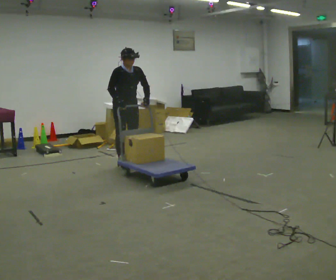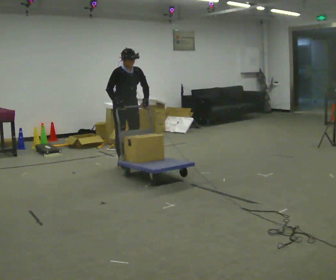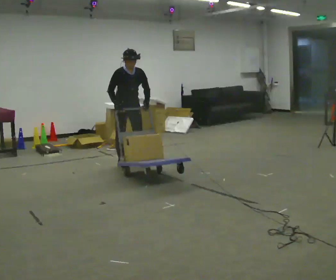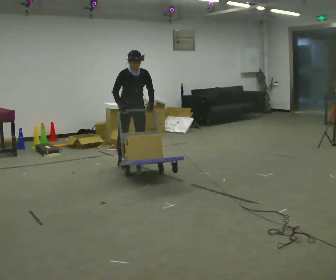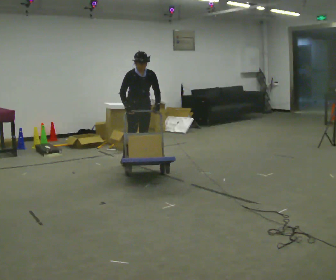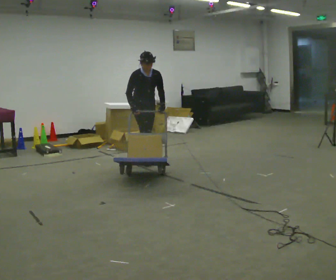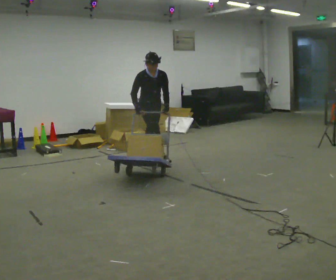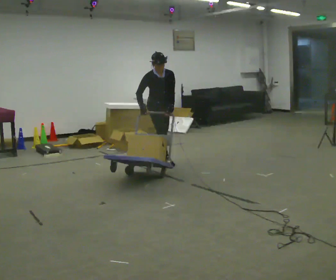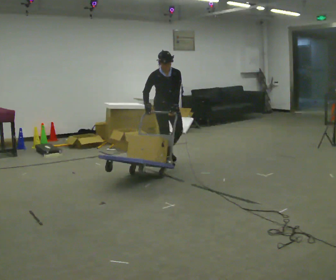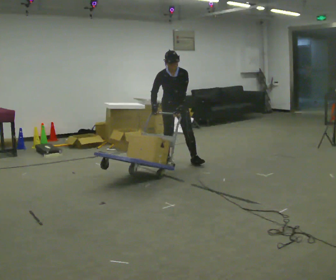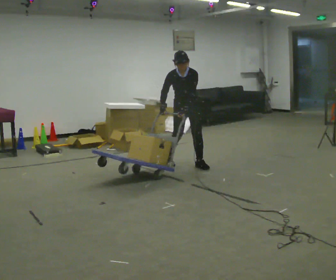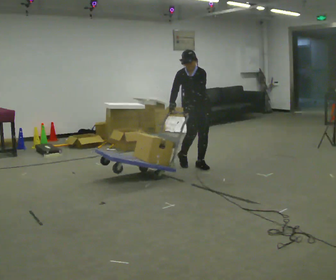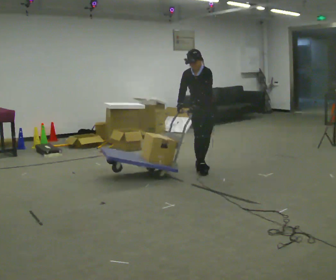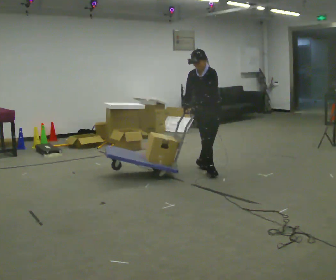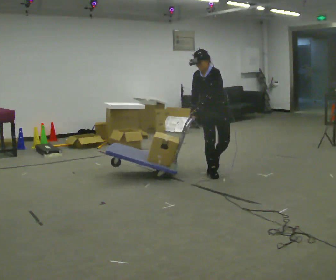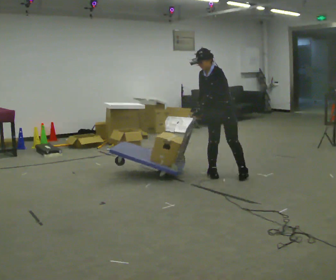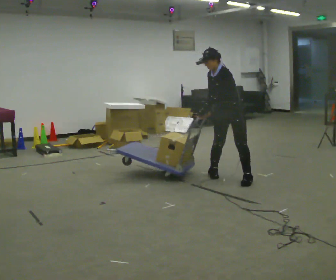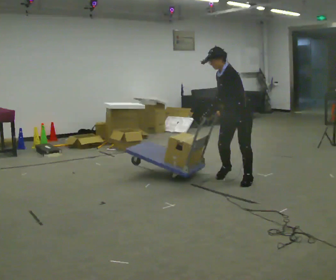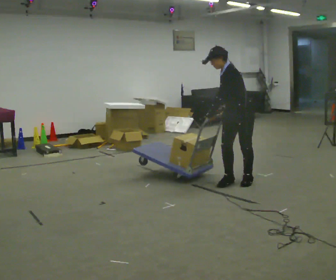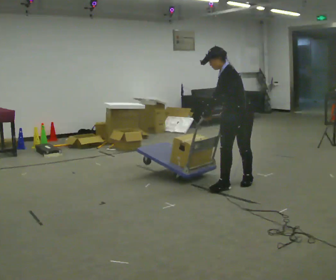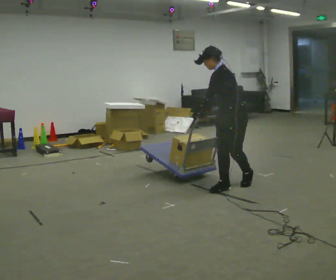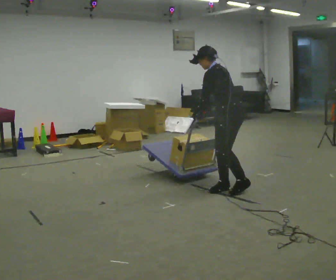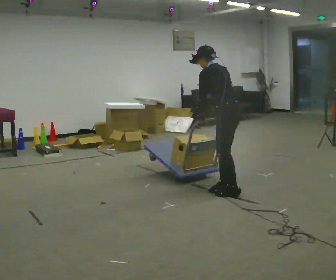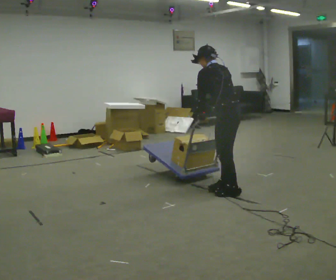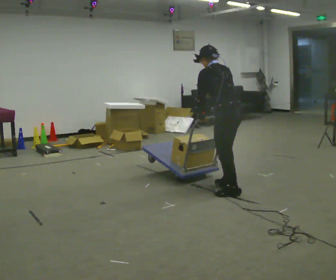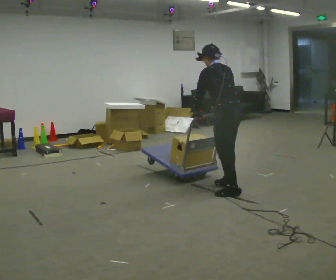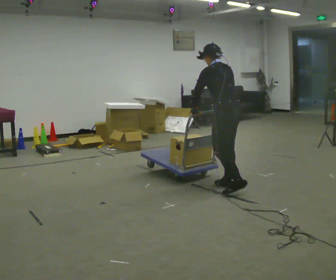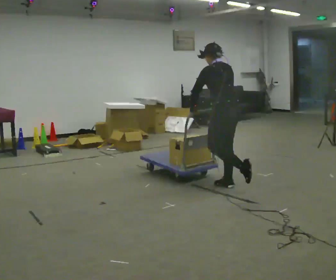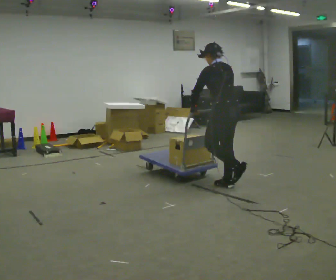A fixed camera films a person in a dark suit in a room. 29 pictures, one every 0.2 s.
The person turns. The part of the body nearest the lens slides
to the left.
The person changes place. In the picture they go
to the right.
0.0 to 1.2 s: In the picture they go to the right and away from the camera, about 0.5 m in 1 step, which for them is to their left.
1.2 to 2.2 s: The person turns about 45 degrees to their right, clockwise seen from above, so the part of the body nearest the lens slides to the left. In the picture they go to the right, about 0.5 m in 2 steps, which for them is forward and to their left. In the picture the upper body tilts counterclockwise, shoulders to the left.
2.2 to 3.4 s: Seen from above the body turns clockwise, about 45 degrees: to their right, with its near side sliding to the left. In the picture they go toward the camera and to the right, about 1 m in 2 steps, which for them is to their left and forward. In the picture the upper body tilts counterclockwise, shoulders to the left.
3.4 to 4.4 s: The part of the body nearest the lens slides to the left as the person turns to their right by about 45 degrees. In the picture they go toward the camera, about 0.5 m in 2 steps, which for them is to their left and forward. The upper body tips away from the camera, its near side rolling upward.
4.4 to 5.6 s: The part of the body nearest the lens slides to the left as the person turns to their right by about 30 degrees. In the picture they go away from the camera, about 0.25 m, which for them is forward.
The film runs forward here.
